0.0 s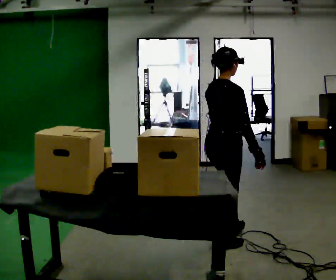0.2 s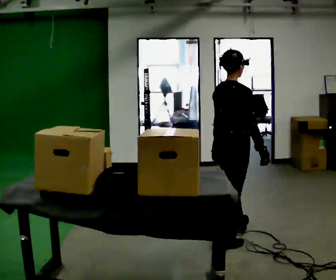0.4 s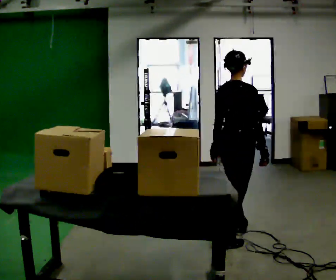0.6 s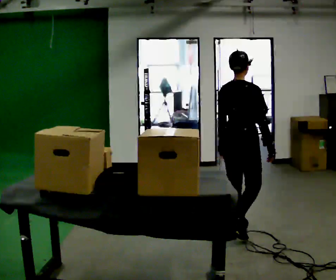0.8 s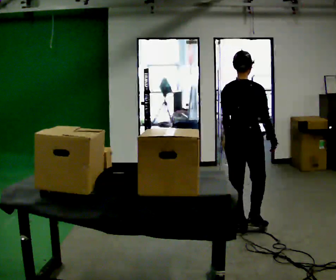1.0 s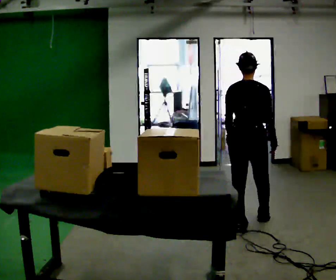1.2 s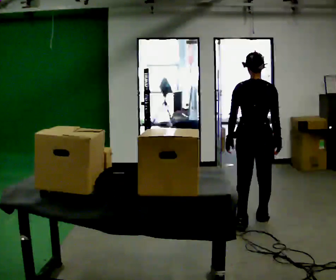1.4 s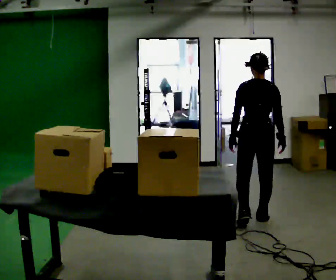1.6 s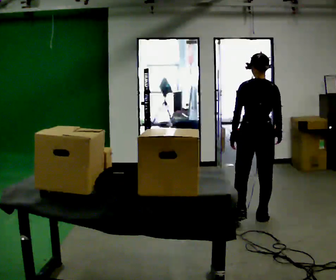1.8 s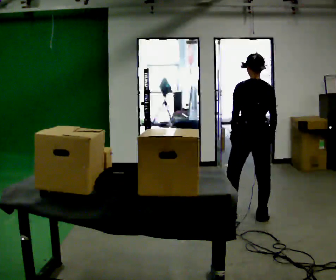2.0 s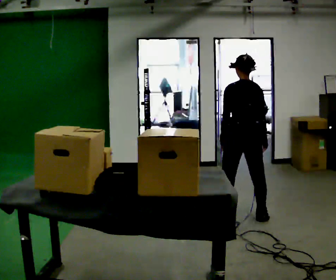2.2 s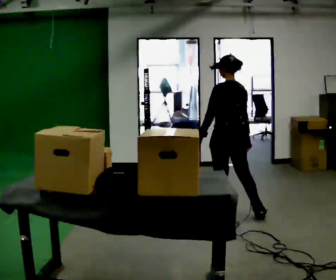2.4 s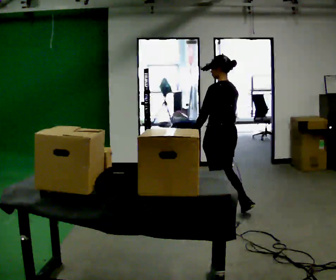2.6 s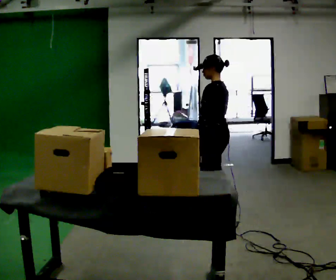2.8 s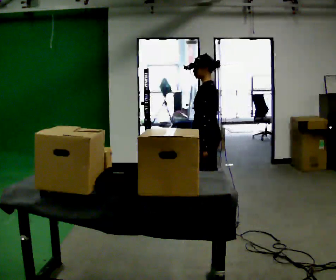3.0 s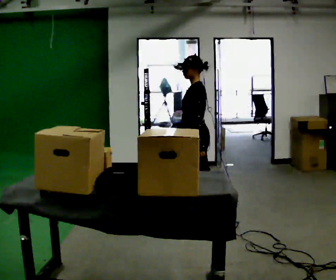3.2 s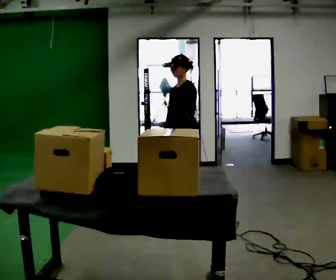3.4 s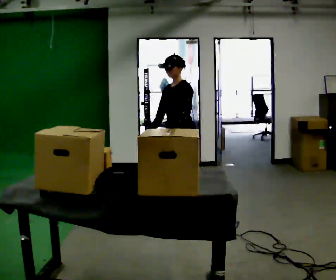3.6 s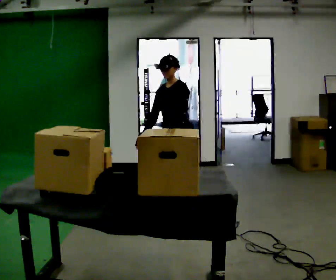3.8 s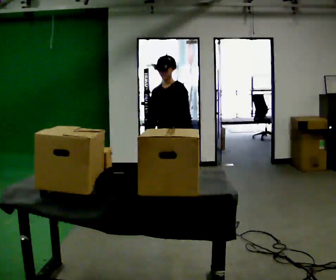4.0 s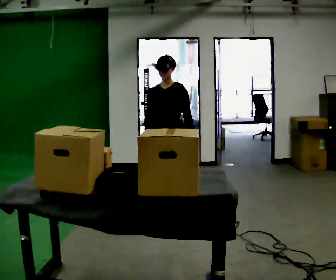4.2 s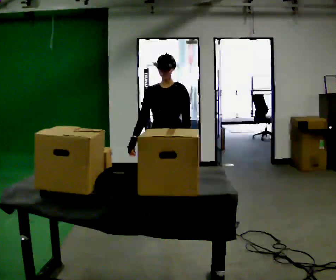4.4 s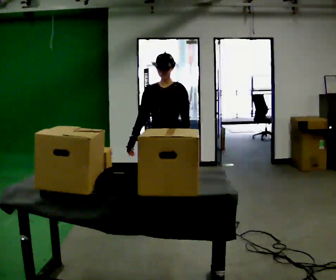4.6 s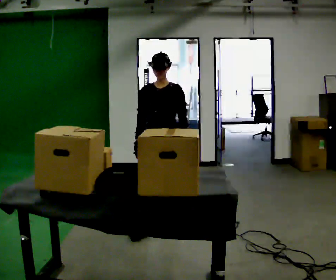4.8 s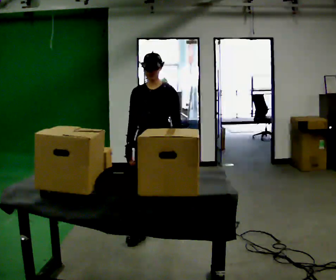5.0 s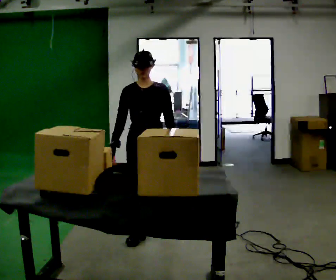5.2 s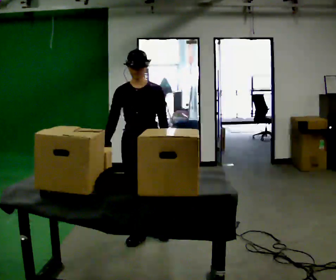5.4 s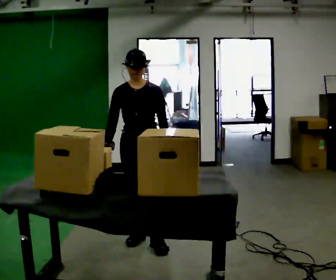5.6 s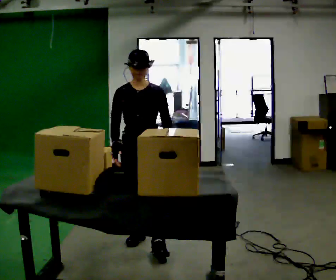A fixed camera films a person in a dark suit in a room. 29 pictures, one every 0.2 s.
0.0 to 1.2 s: The person turns about 45 degrees to their left, counterclockwise seen from above, so the part of the body nearest the lens slides to the right. In the picture they go away from the camera and to the right, about 0.75 m in 2 steps, which for them is forward.
1.2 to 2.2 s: The part of the body nearest the lens slides to the right as the person turns to their left by about 45 degrees. In the picture they go to the left, about 0.25 m in 1 step, which for them is to their left and forward.
2.2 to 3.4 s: The part of the body nearest the lens slides to the right as the person turns to their left by about 90 degrees. In the picture they go to the left, about 0.5 m in 1 step.
3.4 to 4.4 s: The person turns about 30 degrees to their left, counterclockwise seen from above, so the part of the body nearest the lens slides to the right. In the picture they go toward the camera, about 0.25 m in 1 step, which for them is forward.
4.4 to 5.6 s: In the picture they go toward the camera, about 0.5 m in 2 steps, which for them is forward.
The film runs forward here.
